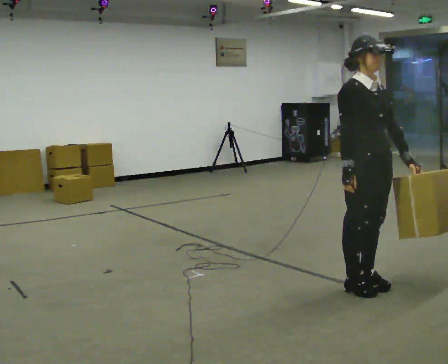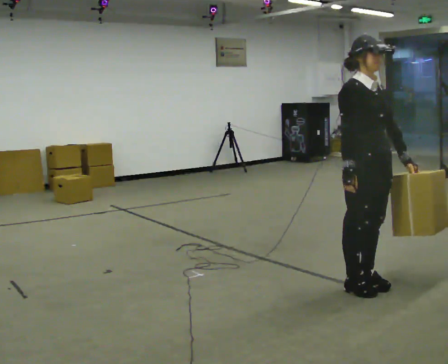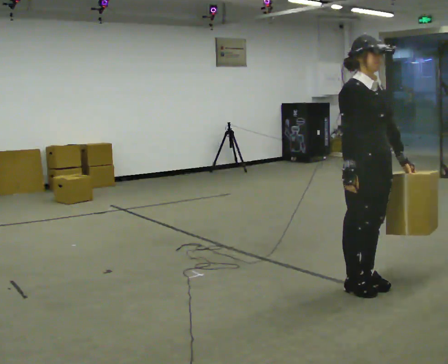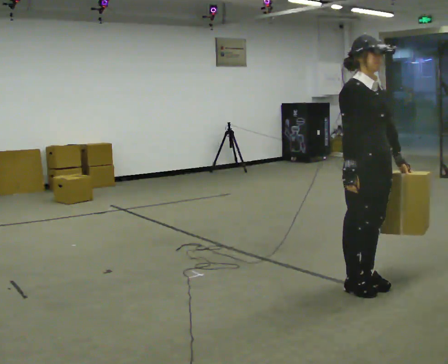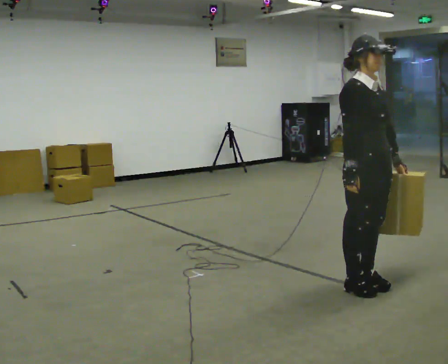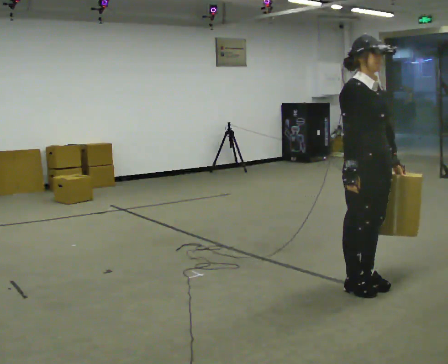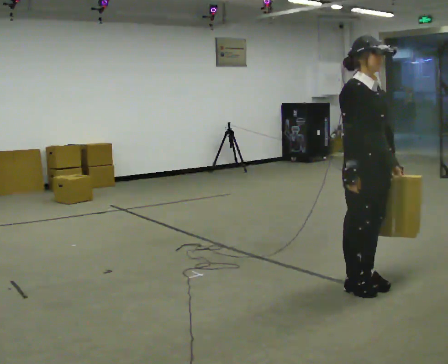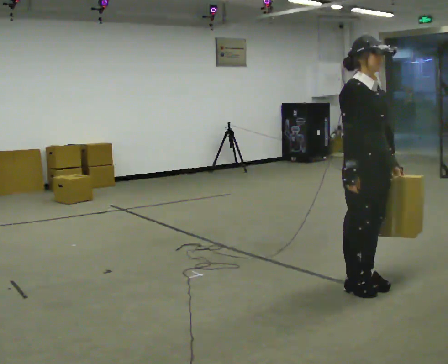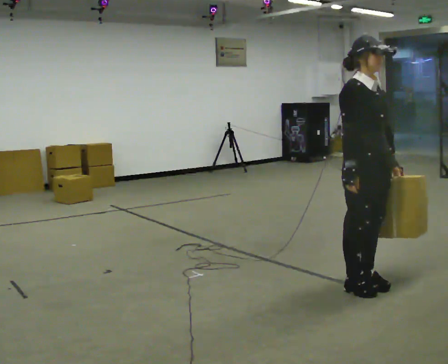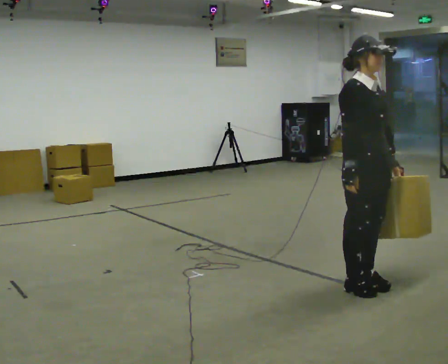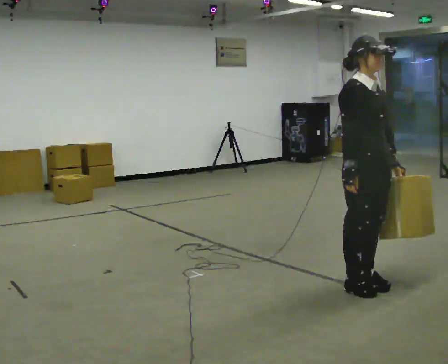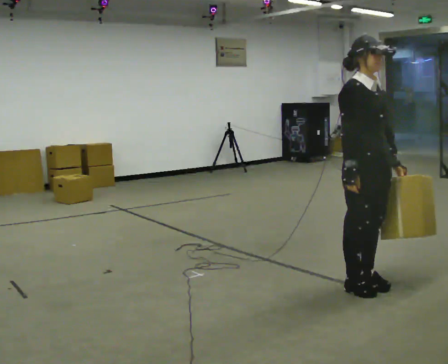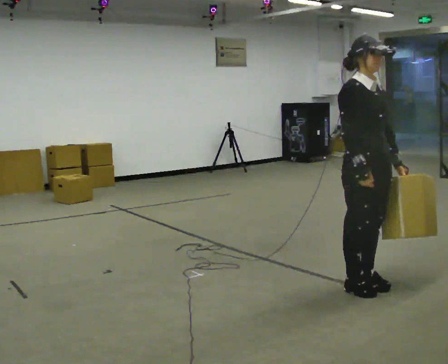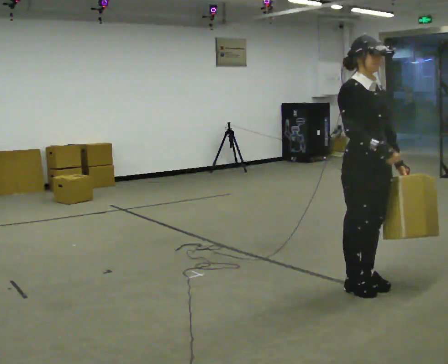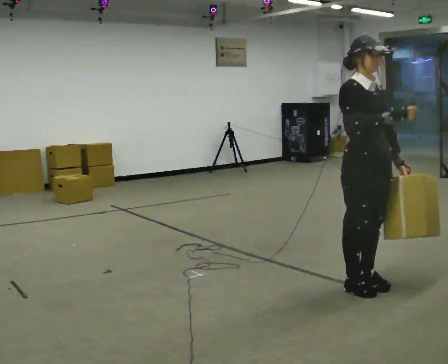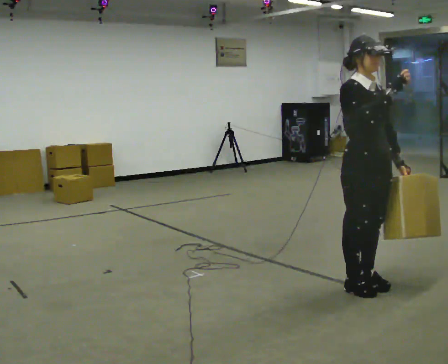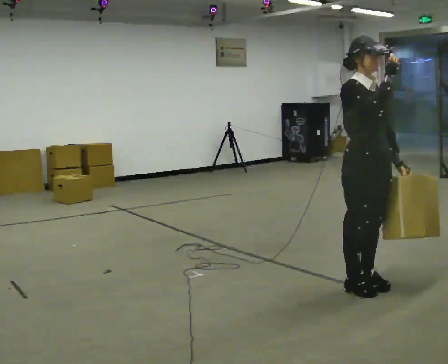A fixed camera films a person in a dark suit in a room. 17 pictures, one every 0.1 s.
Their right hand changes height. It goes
upward.
0.0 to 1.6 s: In the picture their right hand goes upward.
The film runs forward here.
